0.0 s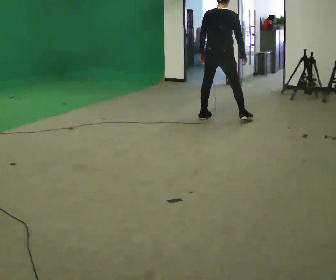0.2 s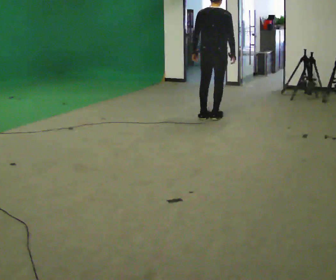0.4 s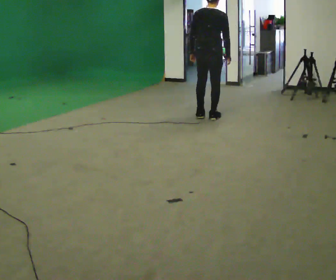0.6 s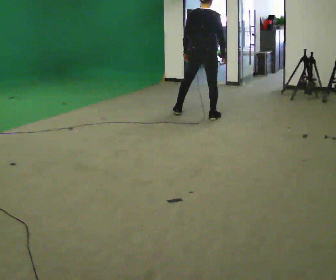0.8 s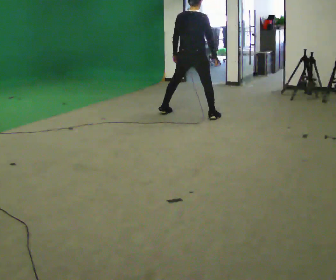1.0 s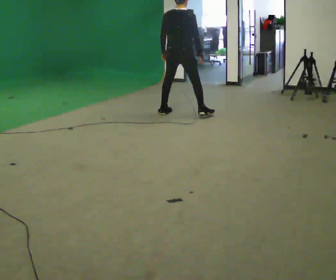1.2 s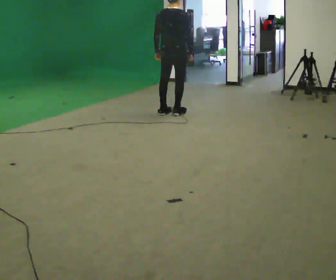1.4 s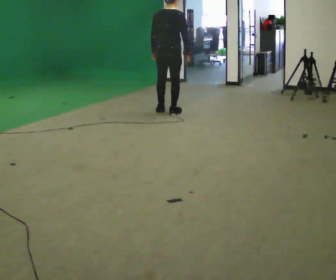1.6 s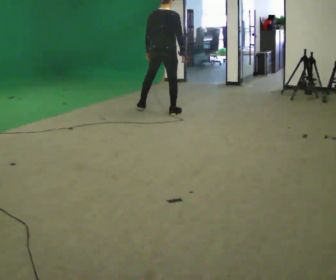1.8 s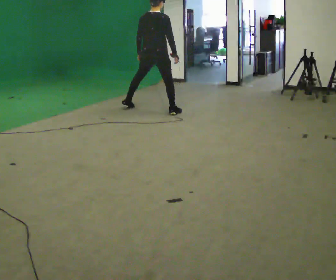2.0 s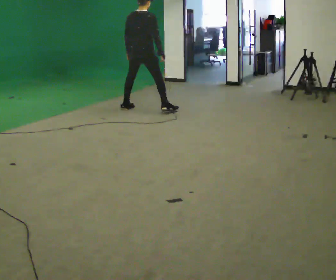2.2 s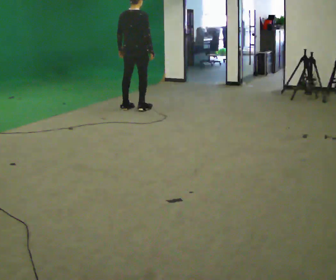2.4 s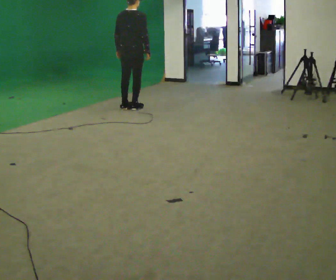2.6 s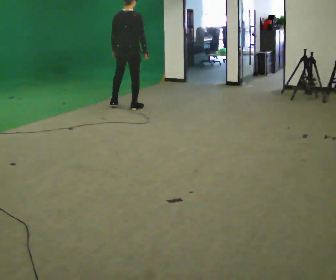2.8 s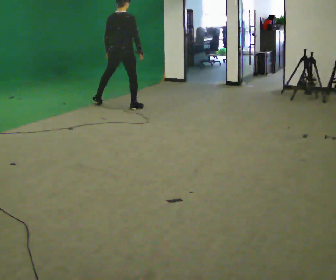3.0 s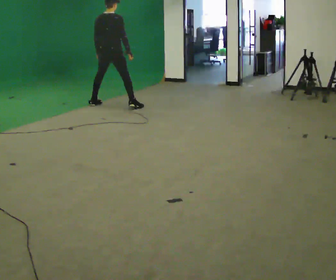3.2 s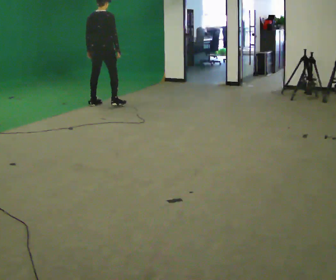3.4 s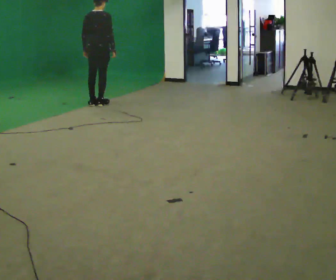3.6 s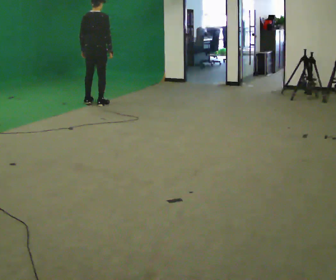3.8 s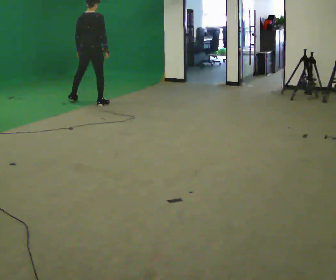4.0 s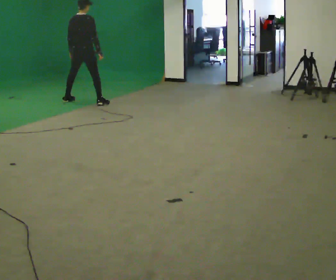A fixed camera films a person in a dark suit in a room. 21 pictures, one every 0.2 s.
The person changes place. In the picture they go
to the left.
0.0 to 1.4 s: In the picture they go to the left and away from the camera, about 0.5 m in 3 steps, which for them is to their left.
1.4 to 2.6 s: In the picture they go to the left and away from the camera, about 0.5 m in 2 steps, which for them is to their left.
2.6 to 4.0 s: In the picture they go to the left and away from the camera, about 1 m in 3 steps, which for them is to their left.
The film runs forward here.
